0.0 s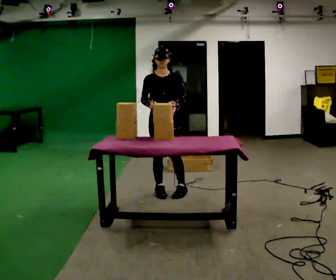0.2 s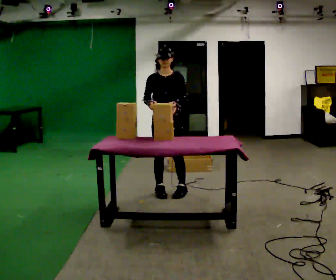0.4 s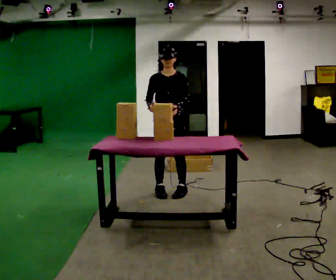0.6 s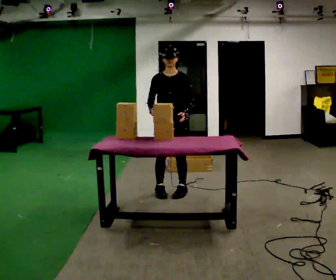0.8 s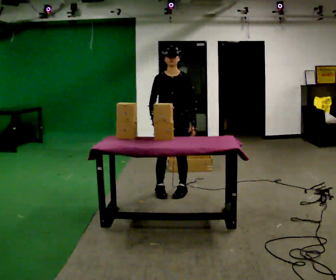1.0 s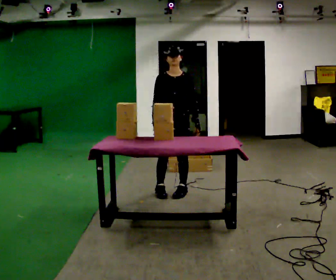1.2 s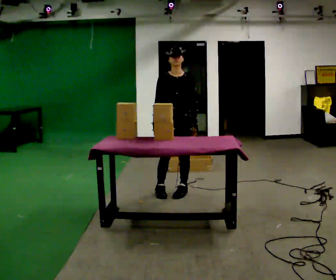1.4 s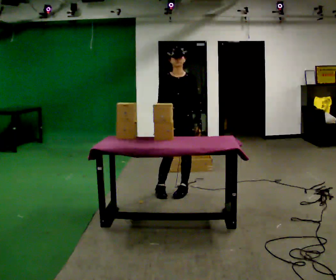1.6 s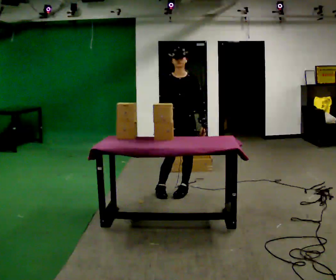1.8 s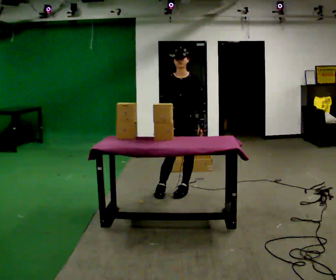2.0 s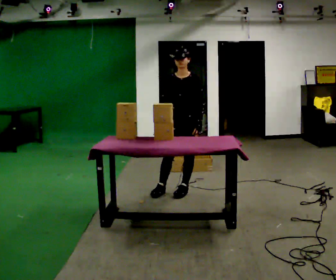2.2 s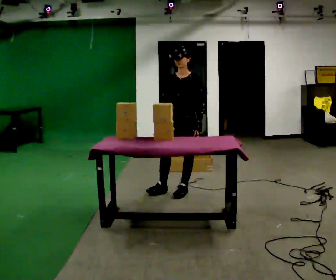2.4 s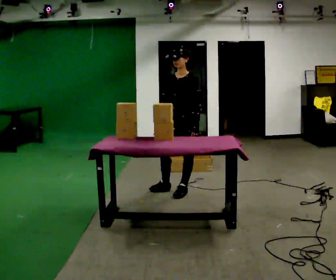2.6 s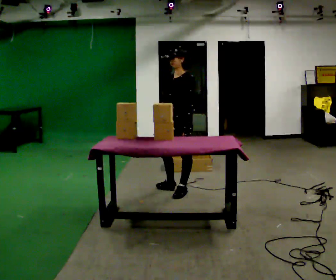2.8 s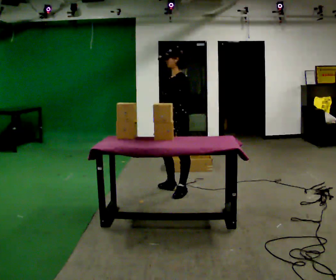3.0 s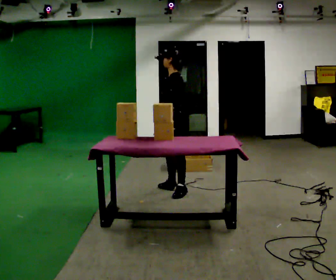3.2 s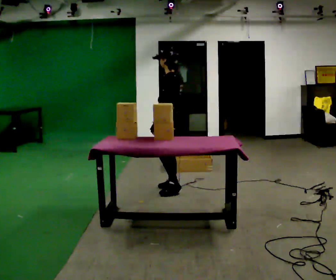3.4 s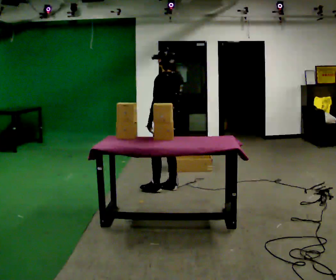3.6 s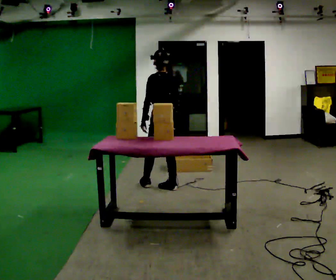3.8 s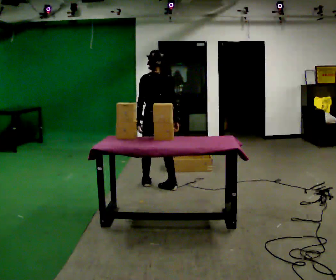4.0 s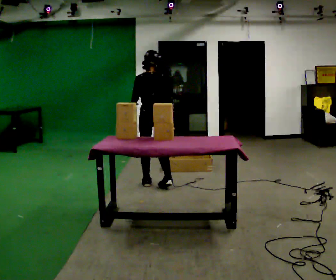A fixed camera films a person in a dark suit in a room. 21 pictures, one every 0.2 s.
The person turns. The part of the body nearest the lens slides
to the left.
The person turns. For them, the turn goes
to their right.
0.0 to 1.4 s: In the picture they go to the right, about 0.25 m, which for them is to their left.
1.4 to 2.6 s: The person turns about 60 degrees to their right, clockwise seen from above, so the part of the body nearest the lens slides to the left.
2.6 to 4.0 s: Seen from above the body turns clockwise, about 120 degrees: to their right, with its near side sliding to the left. In the picture they go to the left and away from the camera, about 0.5 m in 1 step.
The film runs forward here.
